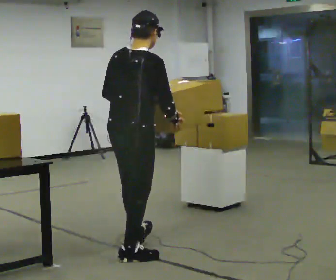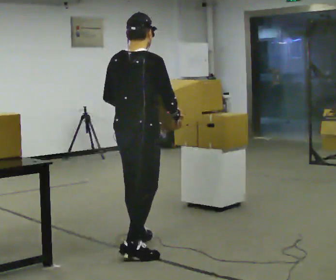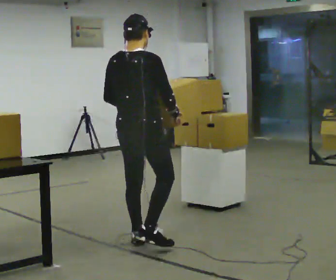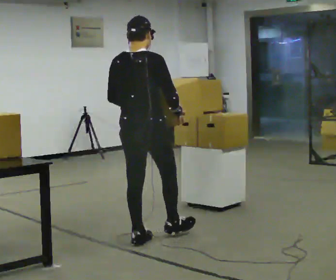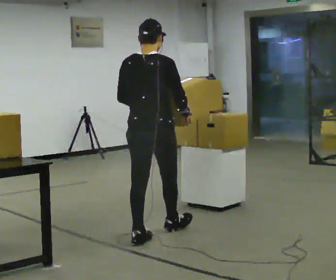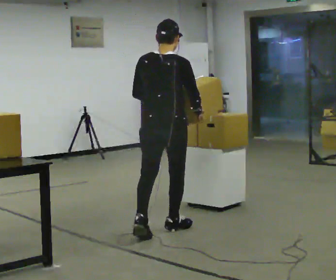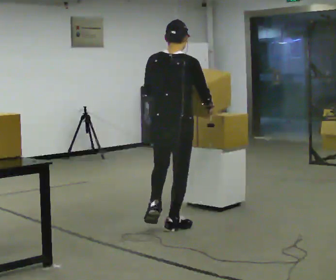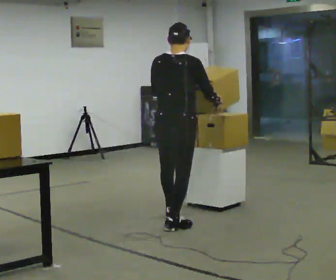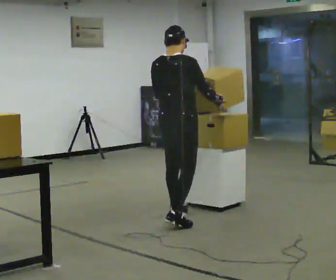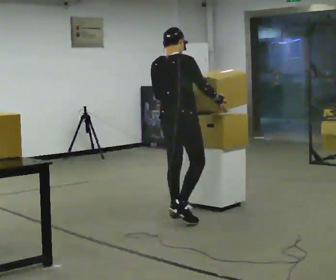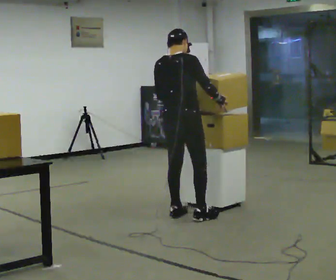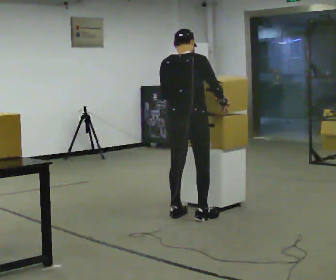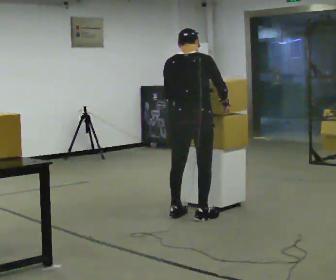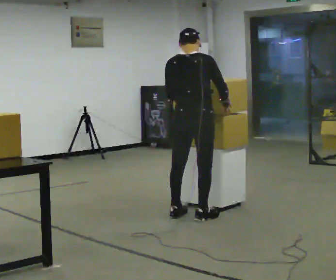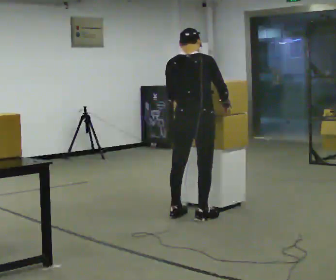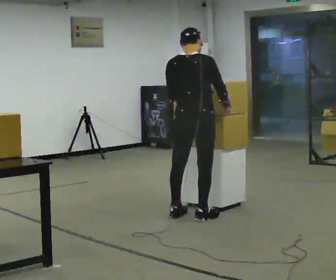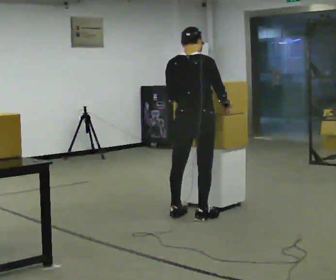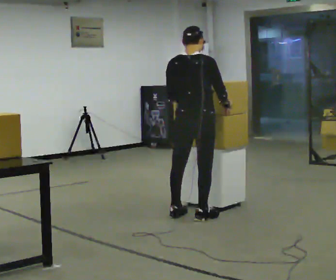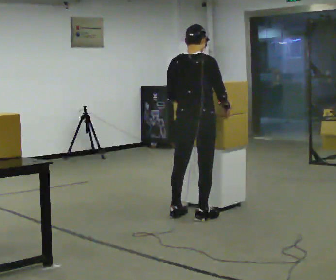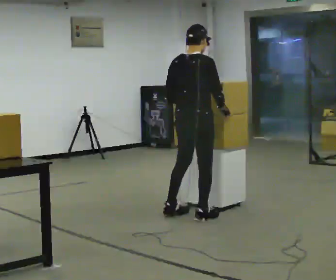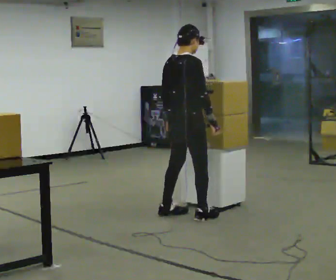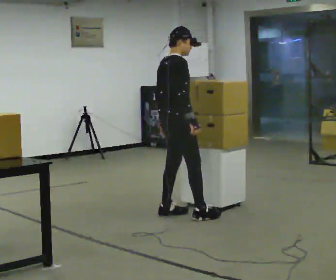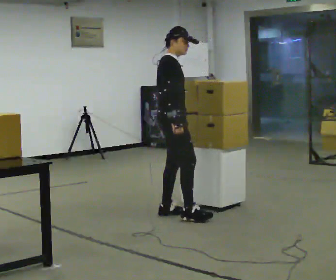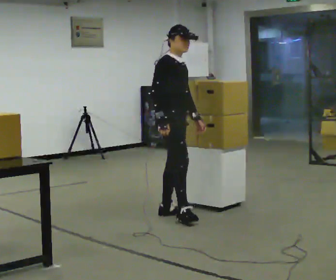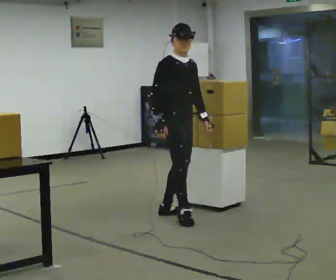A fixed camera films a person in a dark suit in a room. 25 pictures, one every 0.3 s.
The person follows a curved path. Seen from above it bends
counterclockwise.
The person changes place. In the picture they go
away from the camera.
0.0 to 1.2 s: In the picture they go away from the camera, about 0.5 m in 1 step, which for them is forward.
1.2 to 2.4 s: In the picture they go away from the camera, about 0.5 m in 1 step, which for them is forward.
2.4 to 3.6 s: The person moves a little, or ends about where they began.
3.6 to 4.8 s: The person keeps their place and pose.
4.8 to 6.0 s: Seen from above the body turns clockwise, about 30 degrees: to their right, with its near side sliding to the left.
6.0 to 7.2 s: Seen from above the body turns clockwise, about 75 degrees: to their right, with its near side sliding to the left. In the picture their left hand goes to the right, the arm swinging counterclockwise.
The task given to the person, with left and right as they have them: Move objects one at a time from the waist-height shelf on your left to the one on your right. Repeat at your own pace until the operator says stop. Keep both feet on the marked spots for the whole take. If you have to step, stop and tell the operator.
The film runs forward here.
